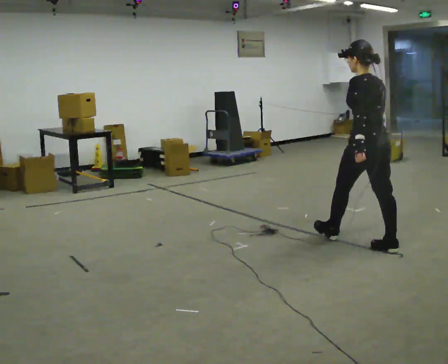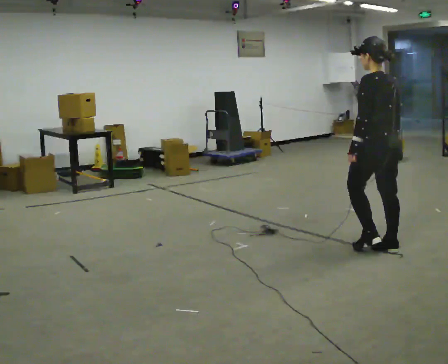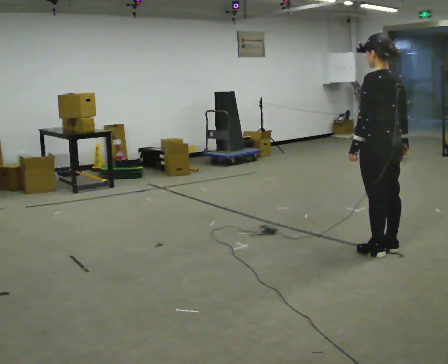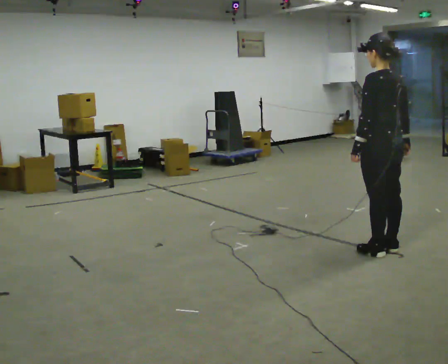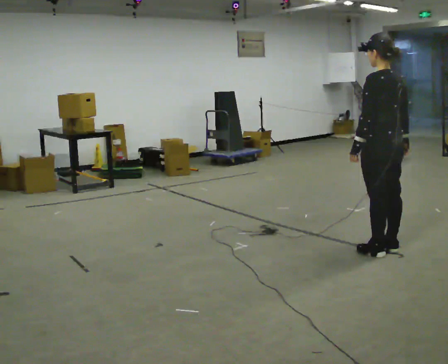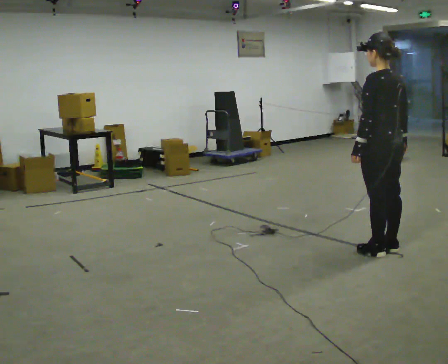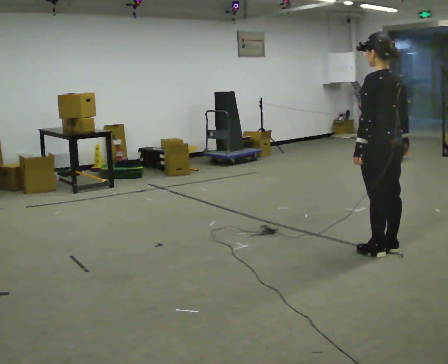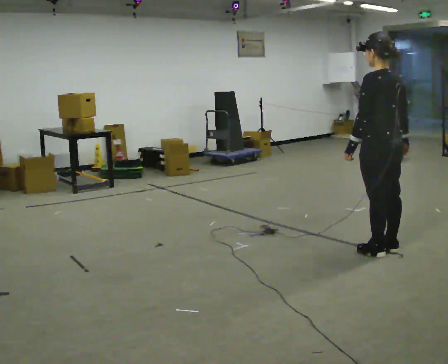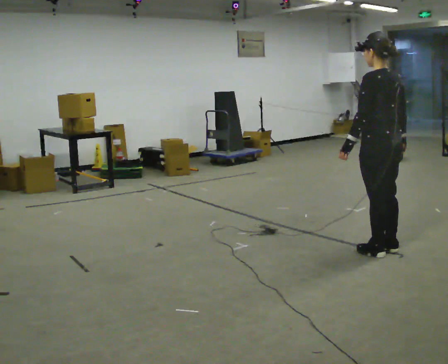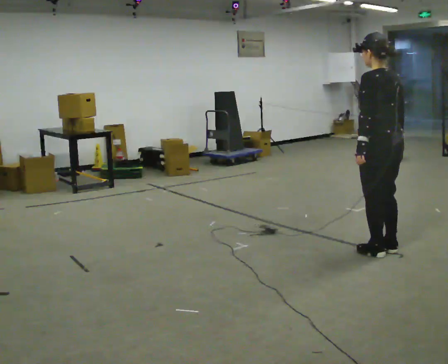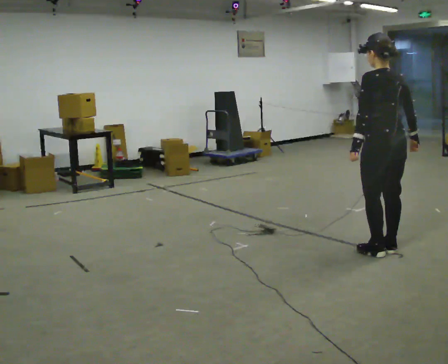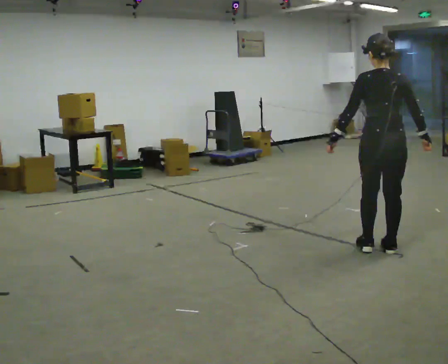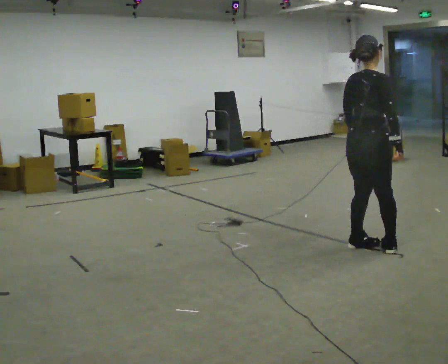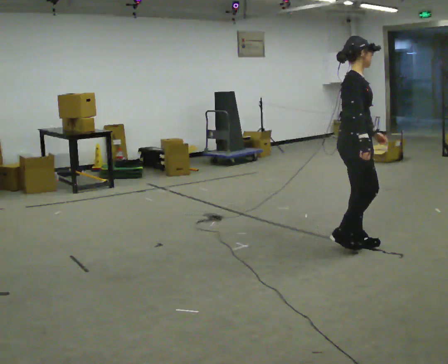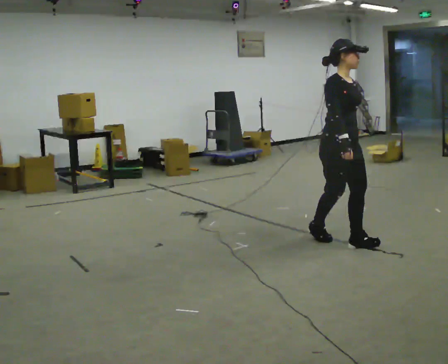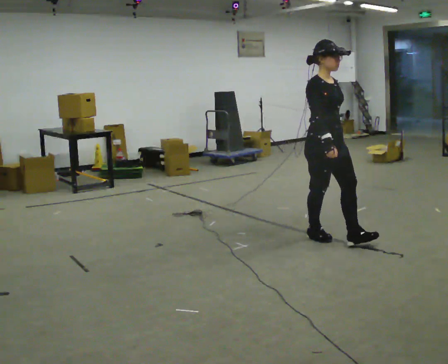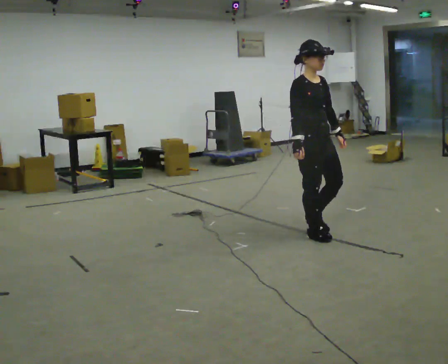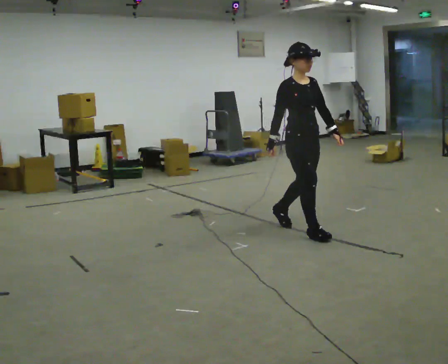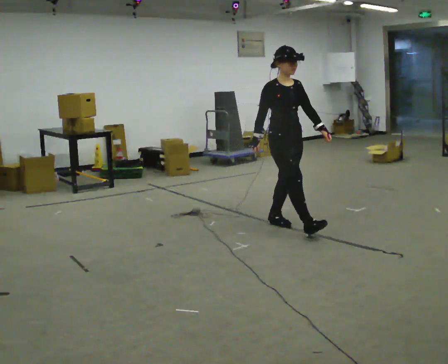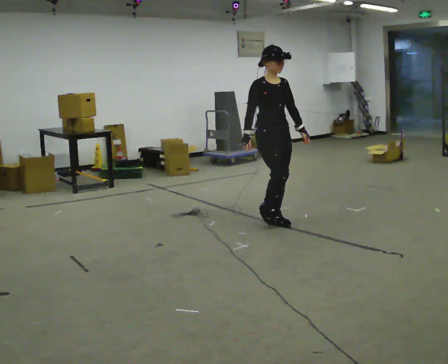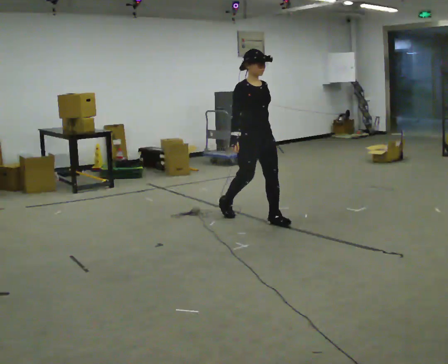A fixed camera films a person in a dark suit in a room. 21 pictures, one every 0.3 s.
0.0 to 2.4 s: In the picture they go toward the camera, about 0.25 m, which for them is backward.
2.4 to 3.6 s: The person turns about 75 degrees to their right, clockwise seen from above, so the part of the body nearest the lens slides to the left.
3.6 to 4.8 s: Seen from above the body turns clockwise, about 90 degrees: to their right, with its near side sliding to the left. In the picture they go to the left and away from the camera, about 0.5 m in 2 steps.
4.8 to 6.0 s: In the picture they go to the left and away from the camera, about 0.5 m in 1 step, which for them is backward.
The film runs backward here.
